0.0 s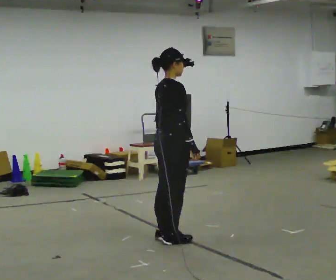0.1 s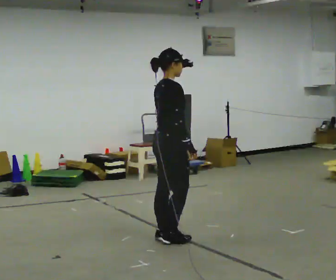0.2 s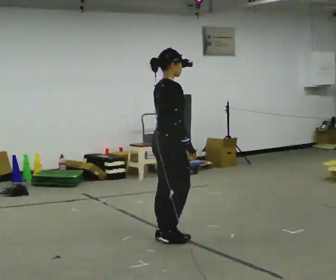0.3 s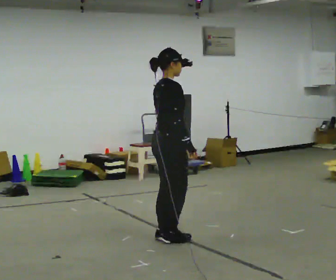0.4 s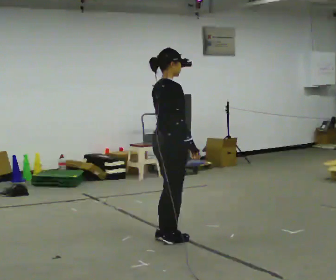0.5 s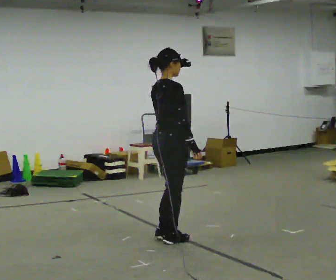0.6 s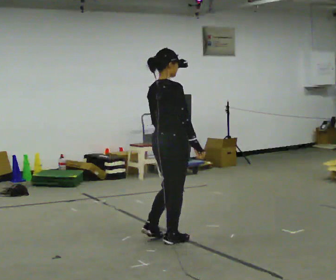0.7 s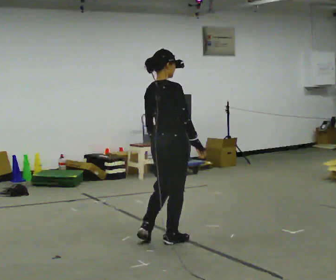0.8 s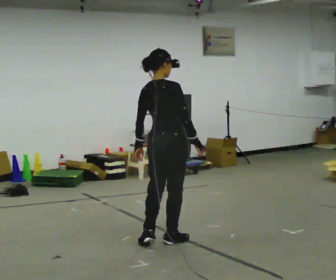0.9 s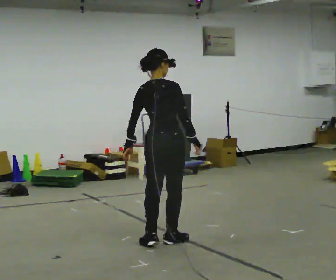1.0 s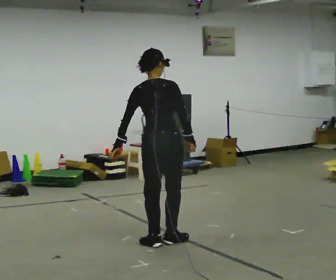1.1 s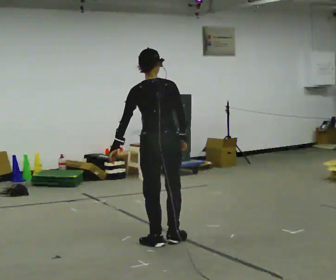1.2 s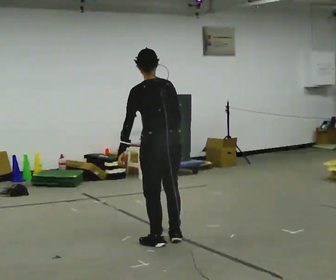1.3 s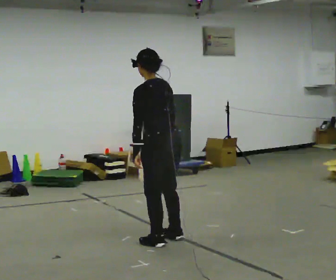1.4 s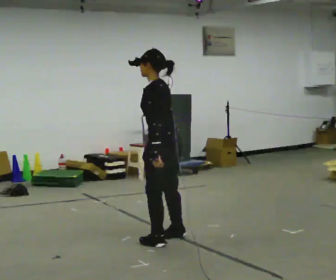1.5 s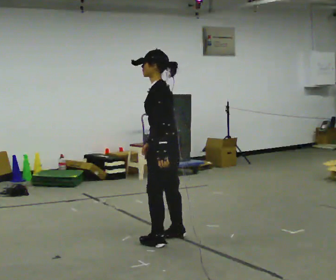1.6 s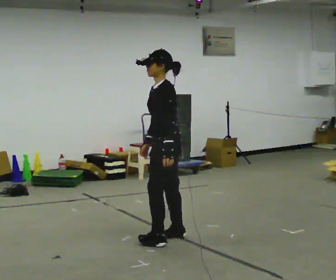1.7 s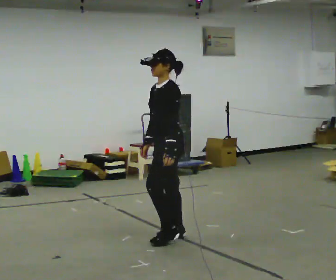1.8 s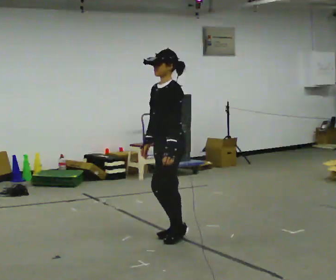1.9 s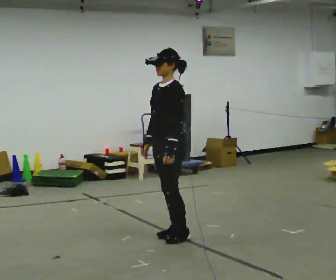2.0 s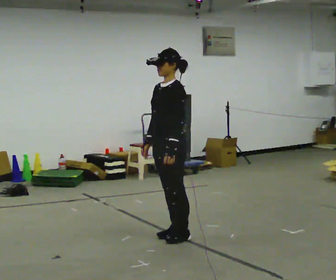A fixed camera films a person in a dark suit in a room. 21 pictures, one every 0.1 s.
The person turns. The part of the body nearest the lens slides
to the right.
The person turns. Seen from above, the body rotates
counterclockwise.
0.0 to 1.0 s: The part of the body nearest the lens slides to the right as the person turns to their left by about 45 degrees. In the picture their left hand goes to the left.
1.0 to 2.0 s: The part of the body nearest the lens slides to the right as the person turns to their left by about 135 degrees. In the picture their right hand goes to the left, the arm swinging clockwise.
The film runs backward here.
